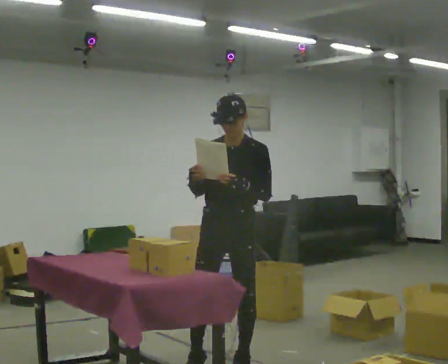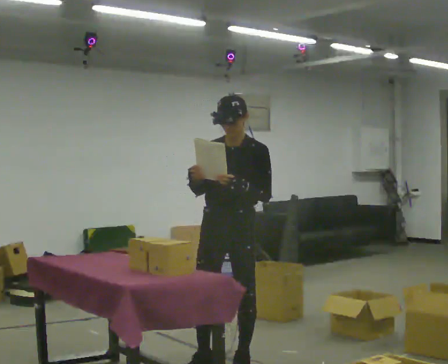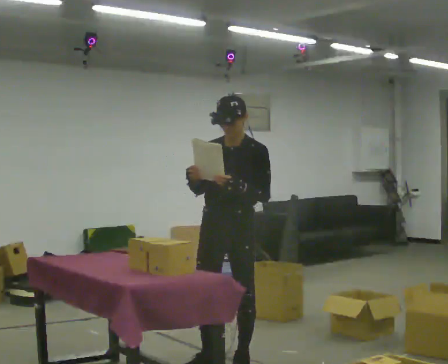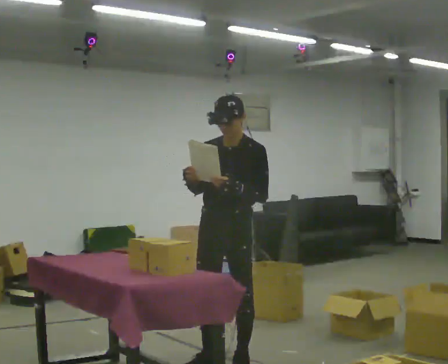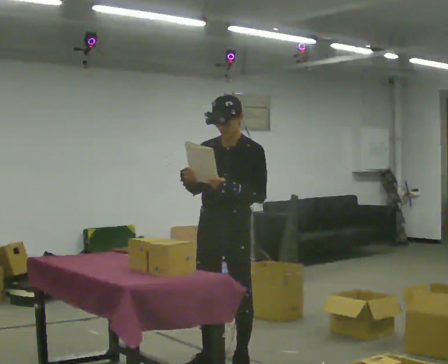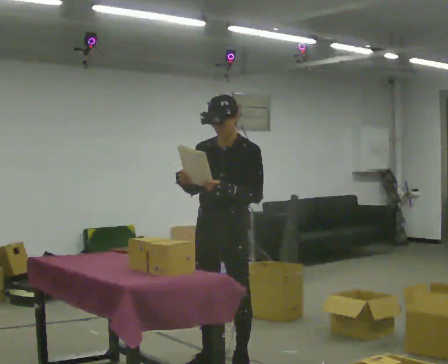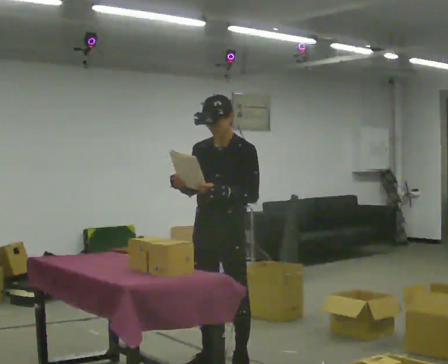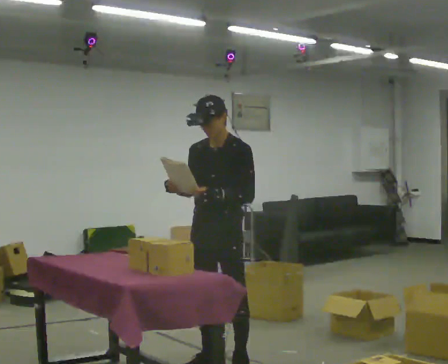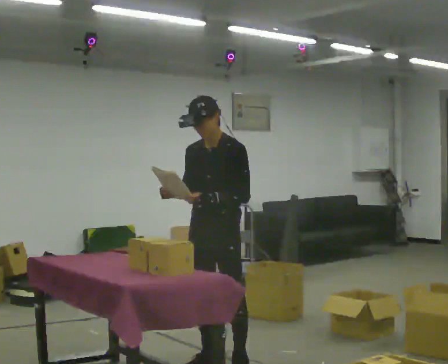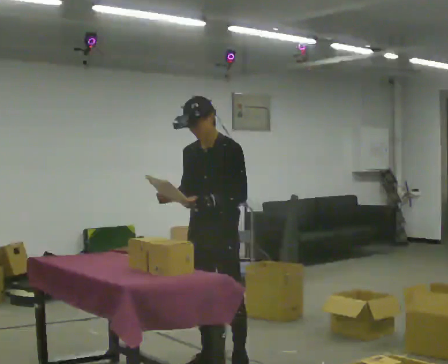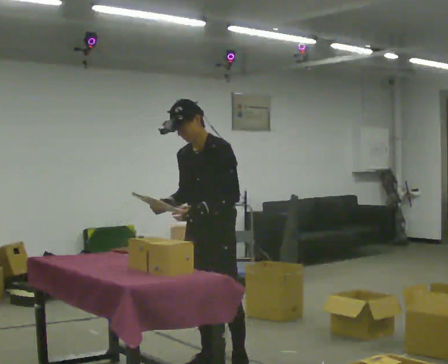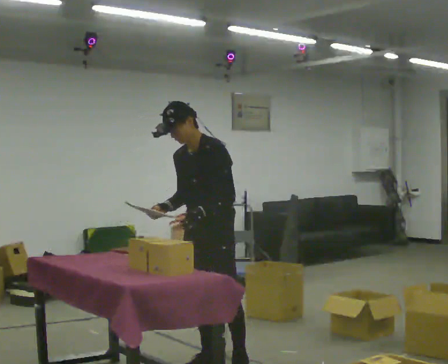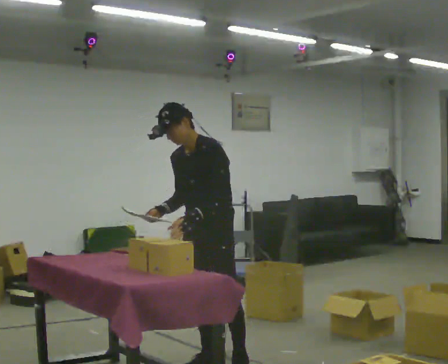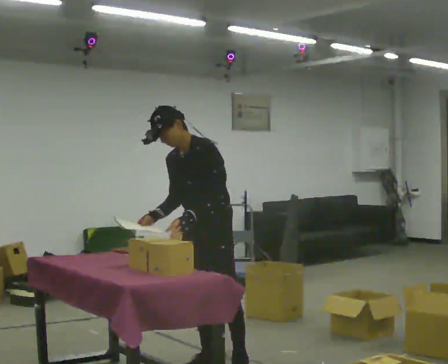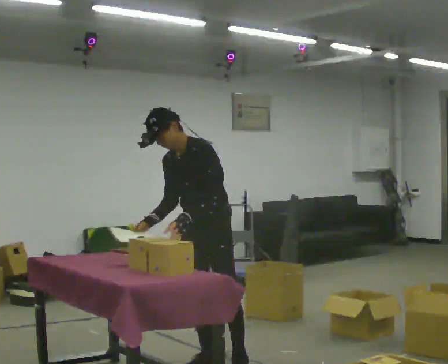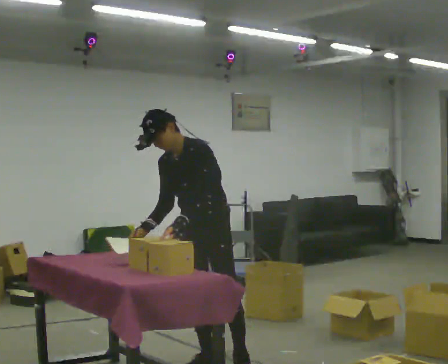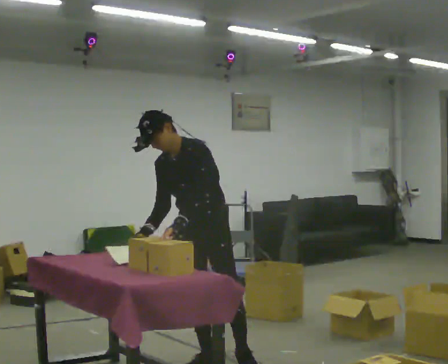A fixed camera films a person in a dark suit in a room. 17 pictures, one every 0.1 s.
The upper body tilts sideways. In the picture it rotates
counterclockwise.
0.0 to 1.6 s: In the picture the upper body tilts counterclockwise, shoulders to the left, as they bend forward. In the picture their right hand goes downward.
The film runs backward here.
